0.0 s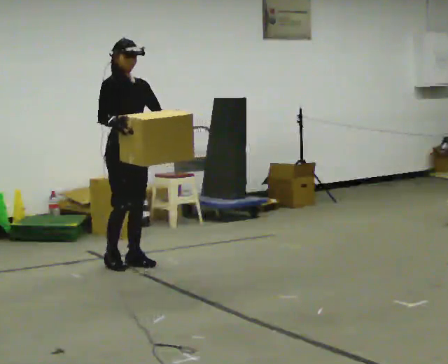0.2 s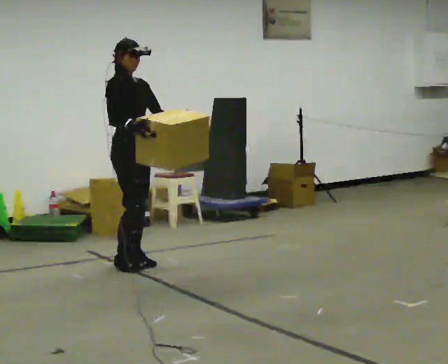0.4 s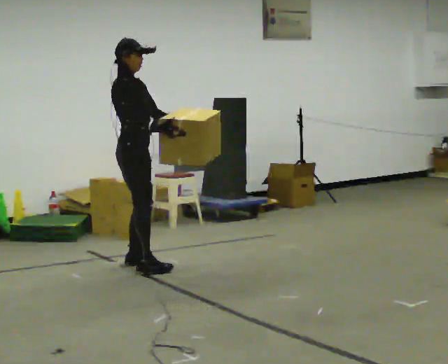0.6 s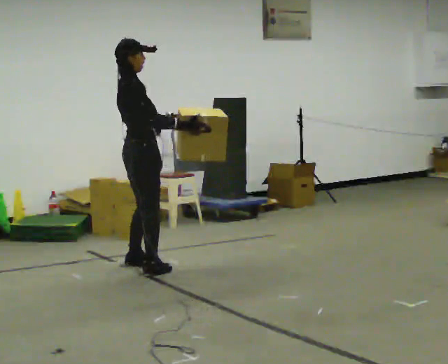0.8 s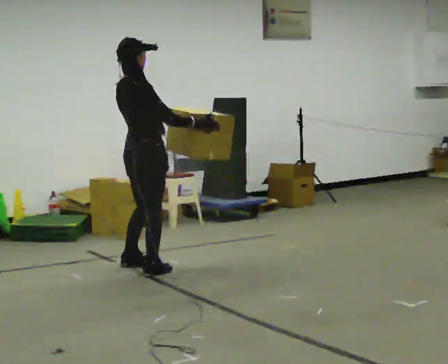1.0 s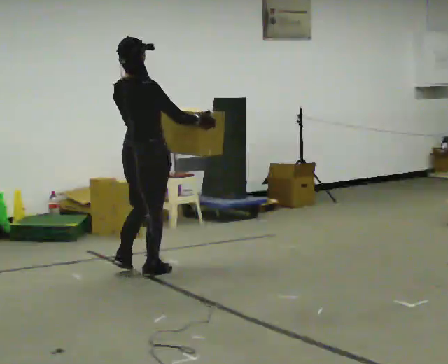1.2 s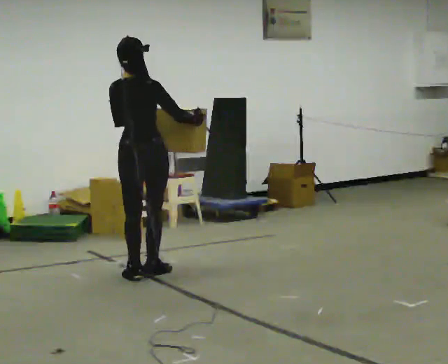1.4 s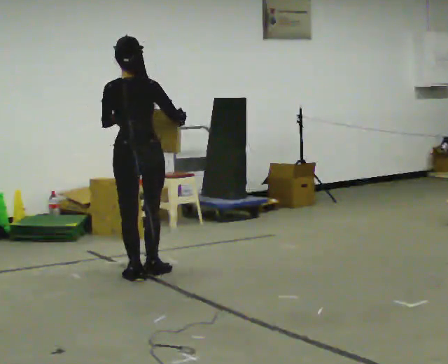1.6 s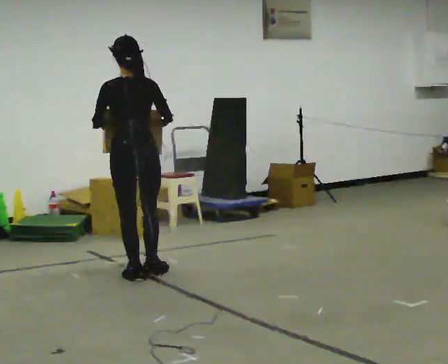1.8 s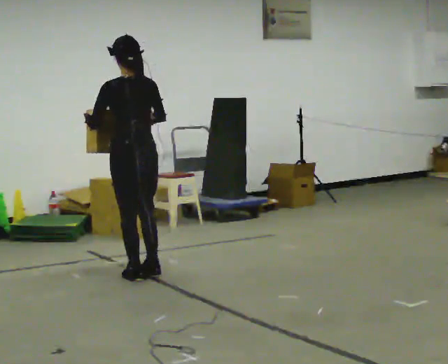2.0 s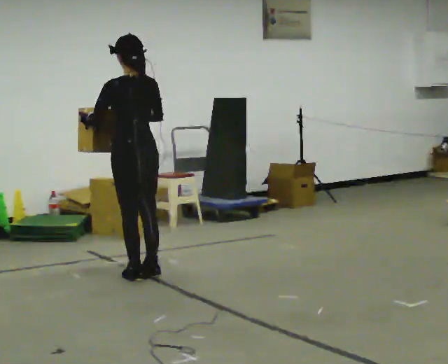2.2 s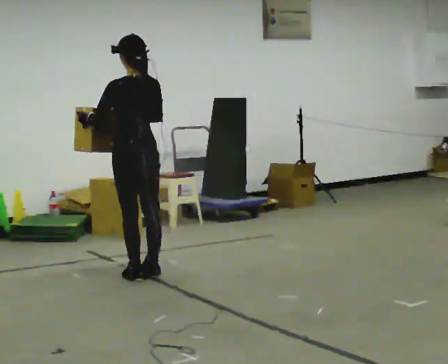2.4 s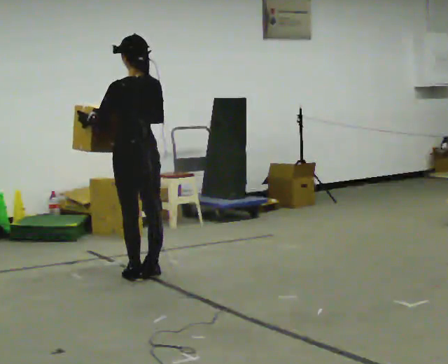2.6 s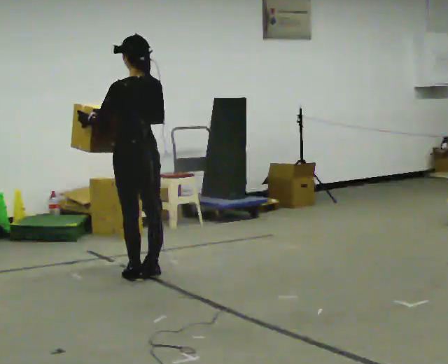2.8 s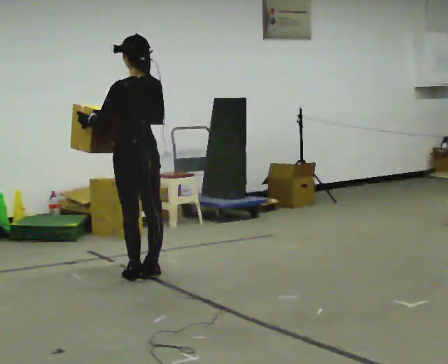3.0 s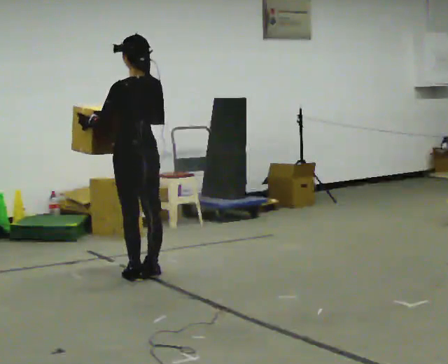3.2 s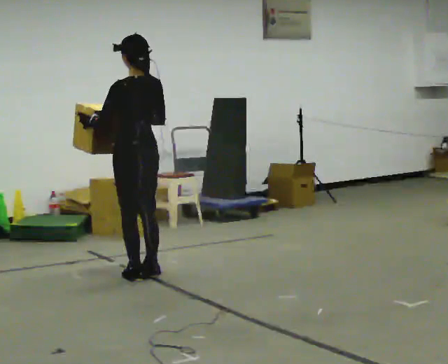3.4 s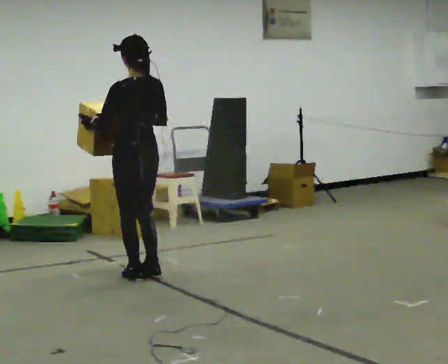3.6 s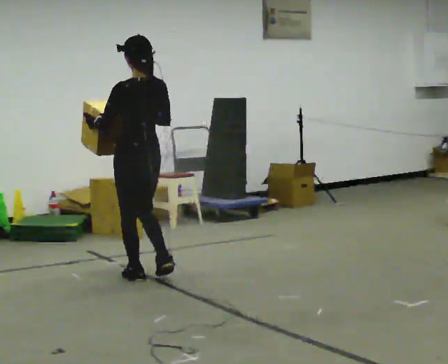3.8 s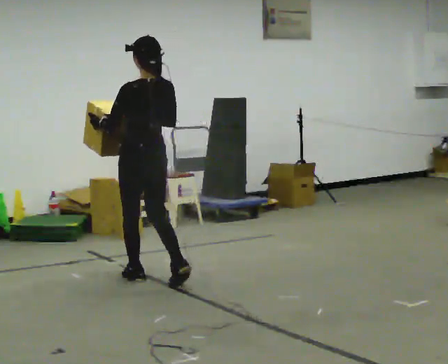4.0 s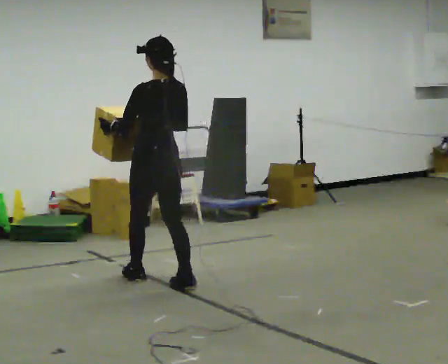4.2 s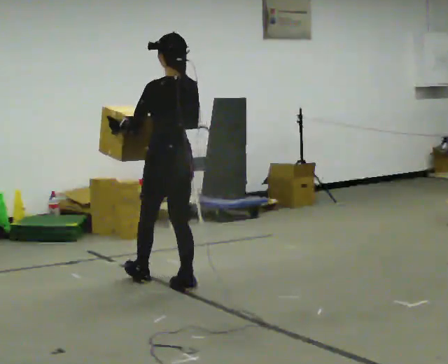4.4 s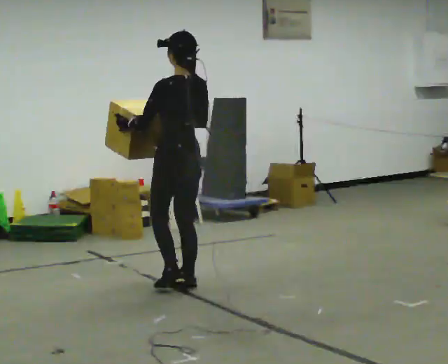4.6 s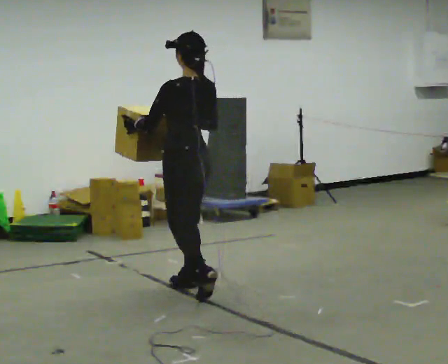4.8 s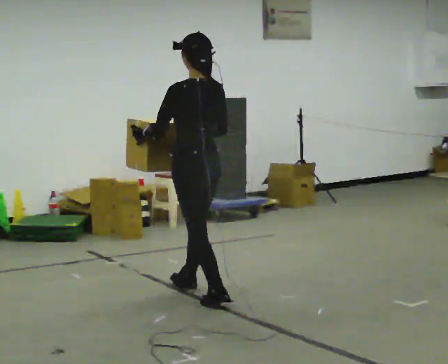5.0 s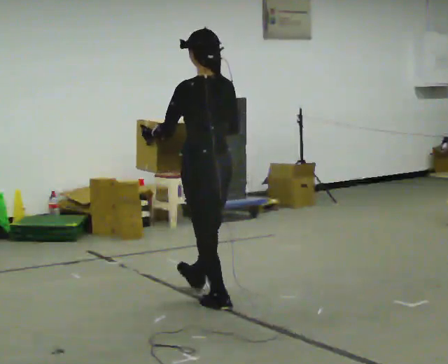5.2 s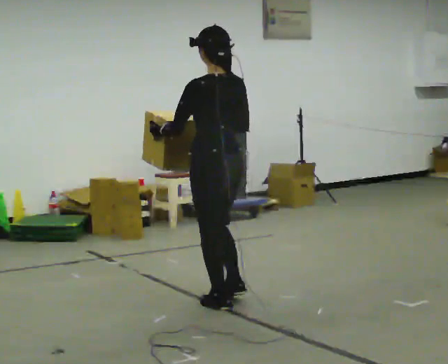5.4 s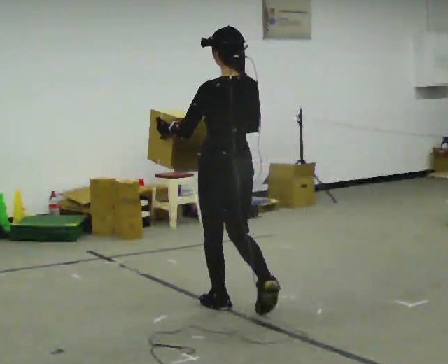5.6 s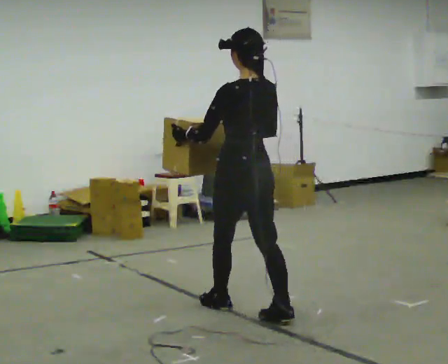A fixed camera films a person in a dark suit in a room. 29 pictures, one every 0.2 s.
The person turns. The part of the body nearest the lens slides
to the right.
The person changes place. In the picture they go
toward the camera.
0.0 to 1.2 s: The person turns about 120 degrees to their left, counterclockwise seen from above, so the part of the body nearest the lens slides to the right. In the picture they go toward the camera, about 0.25 m in 2 steps.
1.2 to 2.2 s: The part of the body nearest the lens slides to the right as the person turns to their left by about 45 degrees. In the picture their right hand goes to the left.
2.2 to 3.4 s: The person moves a little, or ends about where they began.
3.4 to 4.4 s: In the picture they go toward the camera and to the right, about 0.5 m in 2 steps, which for them is backward.
4.4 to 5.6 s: In the picture they go toward the camera, about 0.5 m in 1 step, which for them is backward.
The film runs backward here.
